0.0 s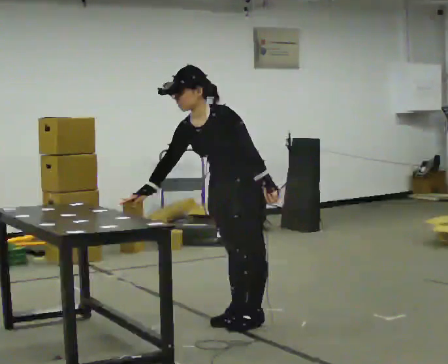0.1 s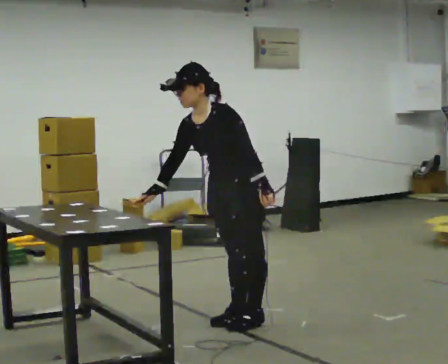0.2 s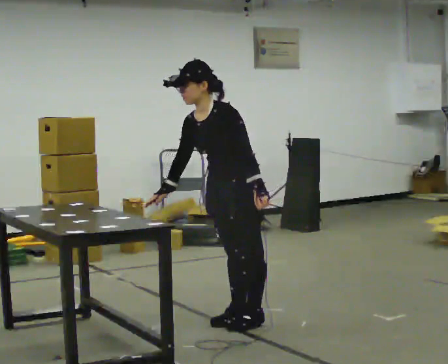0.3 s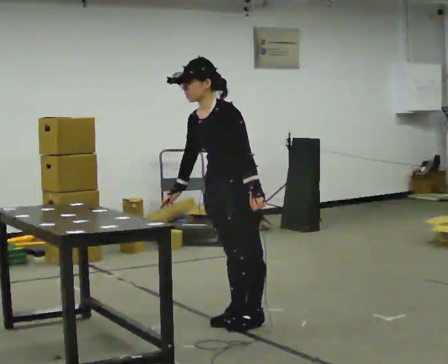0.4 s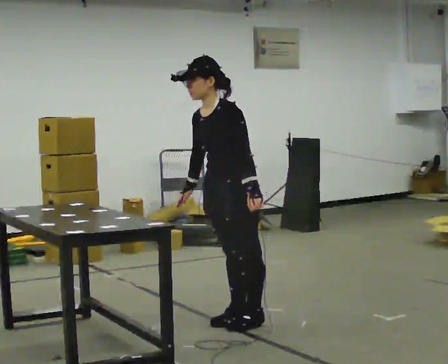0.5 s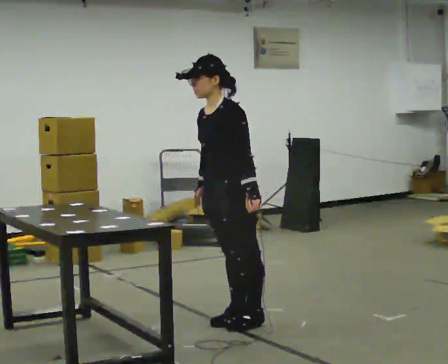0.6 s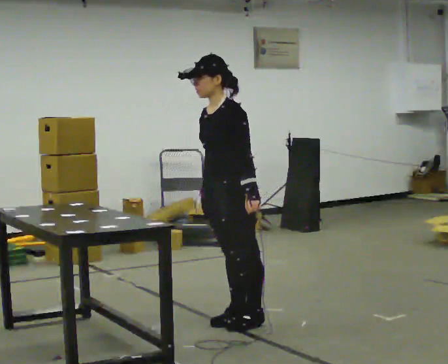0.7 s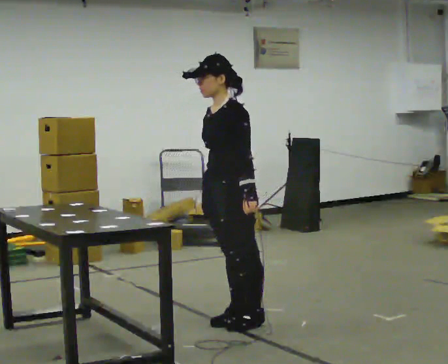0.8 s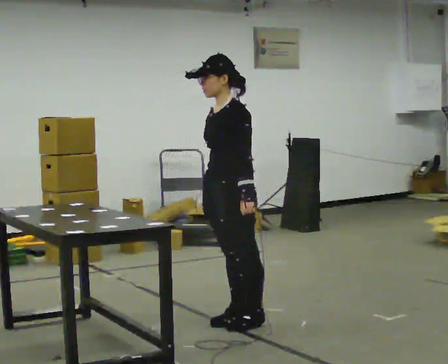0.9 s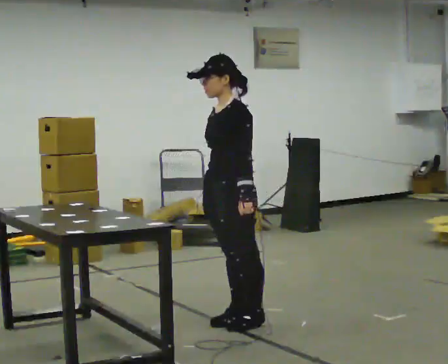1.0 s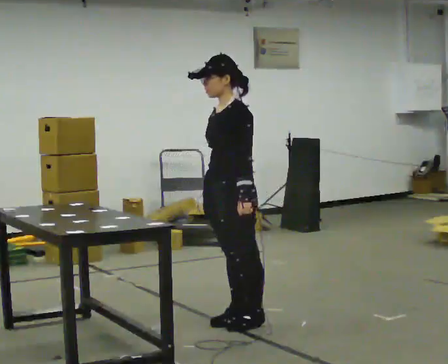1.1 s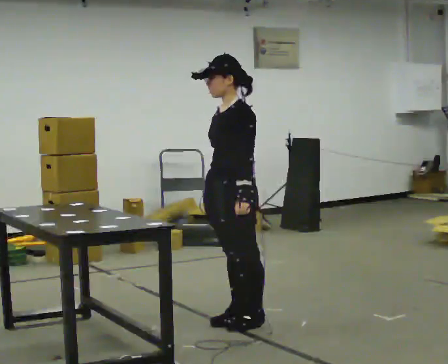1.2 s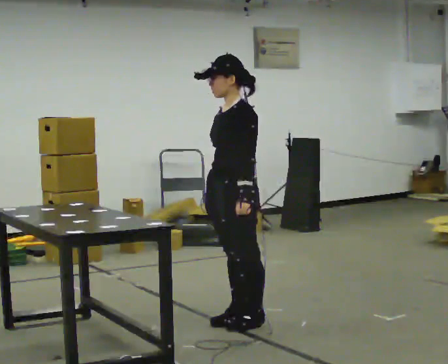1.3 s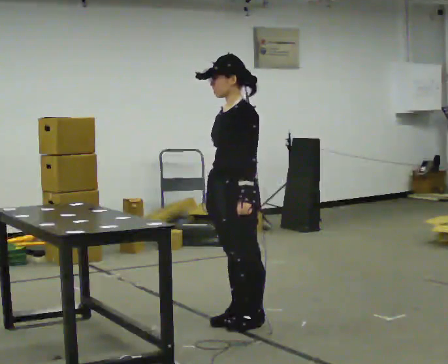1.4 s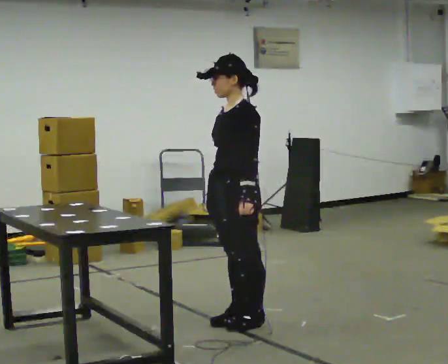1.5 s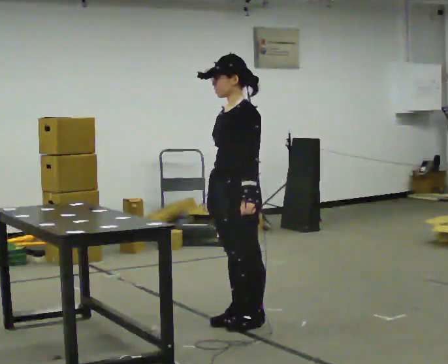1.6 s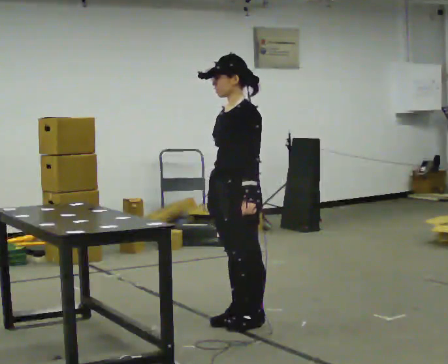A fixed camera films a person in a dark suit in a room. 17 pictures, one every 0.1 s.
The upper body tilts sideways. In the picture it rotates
clockwise.
0.0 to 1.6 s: In the picture the upper body tilts clockwise, shoulders to the right, as they lean back or straighten.
The film runs forward here.
